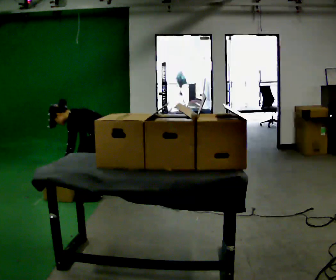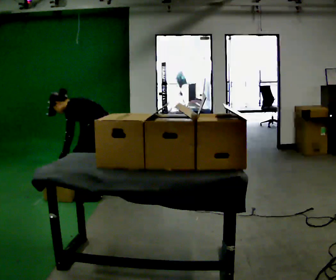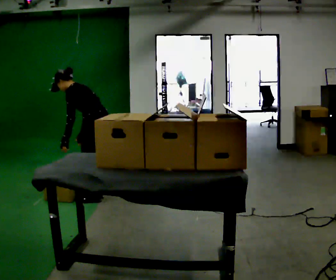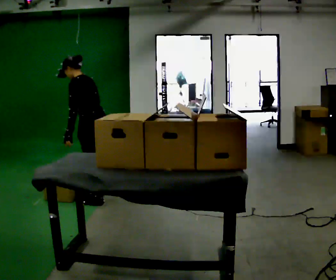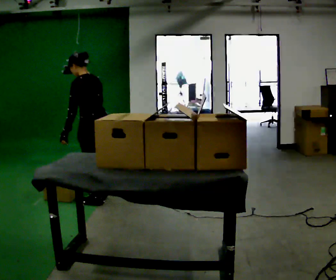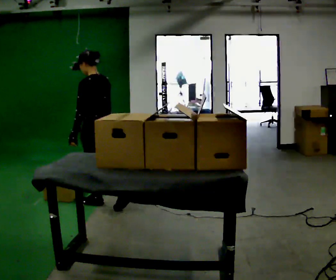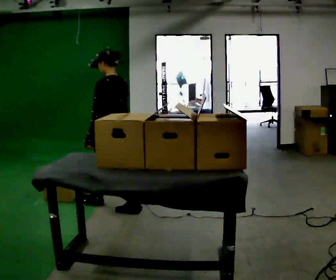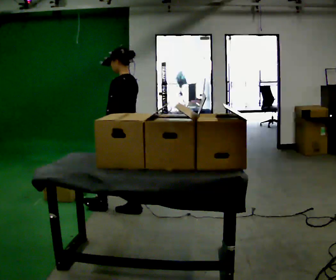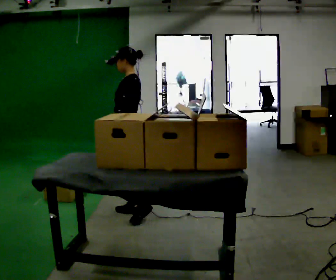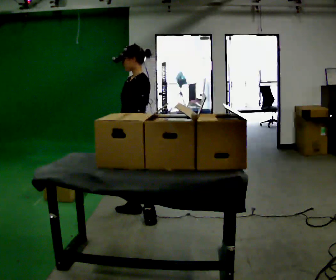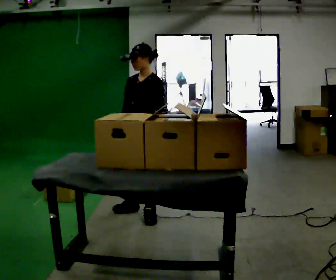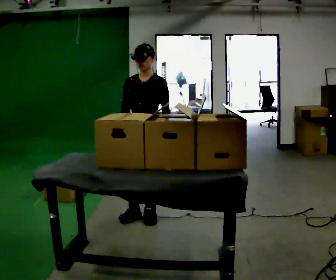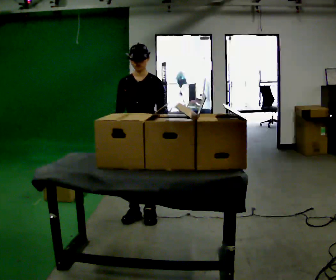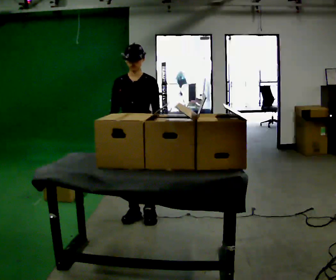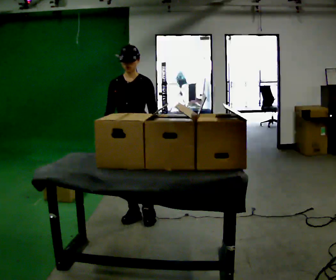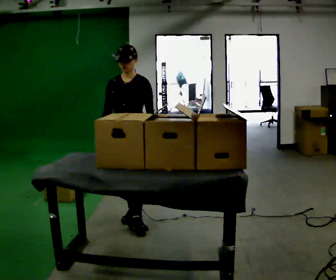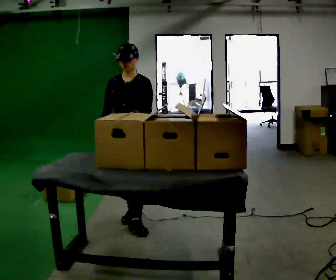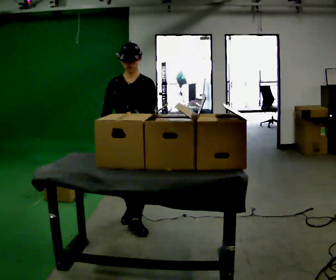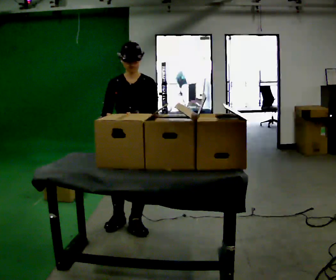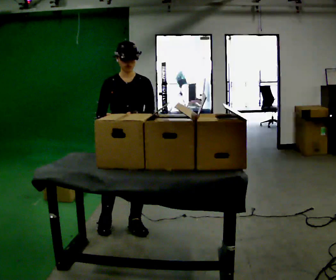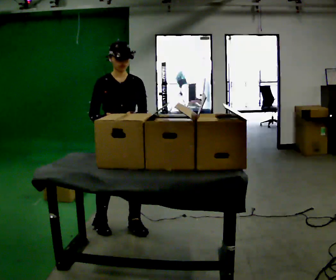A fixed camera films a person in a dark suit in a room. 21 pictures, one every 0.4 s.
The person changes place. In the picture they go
toward the camera.
Their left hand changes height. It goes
upward.
0.0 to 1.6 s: The part of the body nearest the lens slides to the left as the person turns to their right by about 30 degrees. In the picture they go toward the camera, about 0.25 m in 2 steps, which for them is to their left. The shoulders move upward. In the picture the upper body tilts clockwise, shoulders to the right, as they lean back or straighten. In the picture their left hand goes upward.
1.6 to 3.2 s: The person turns about 30 degrees to their left, counterclockwise seen from above, so the part of the body nearest the lens slides to the right. In the picture they go to the right and toward the camera, about 0.5 m in 1 step, which for them is backward. In the picture the upper body tilts clockwise, shoulders to the right, as they lean back or straighten.
3.2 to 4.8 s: Seen from above the body turns counterclockwise, about 75 degrees: to their left, with its near side sliding to the right. In the picture they go toward the camera, about 0.25 m in 1 step.
4.8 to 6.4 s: The person moves a little, or ends about where they began.
6.4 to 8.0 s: The person turns about 30 degrees to their left, counterclockwise seen from above, so the part of the body nearest the lens slides to the right. In the picture they go toward the camera, about 0.25 m in 1 step, which for them is forward.
The film runs backward here.
